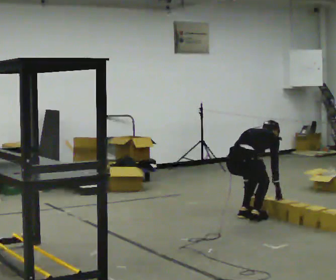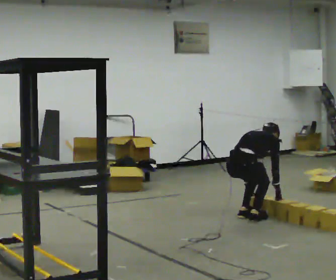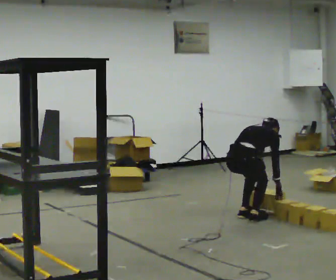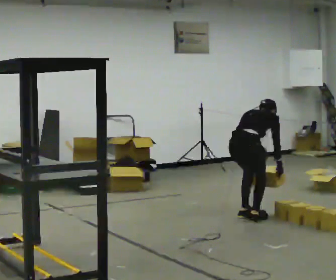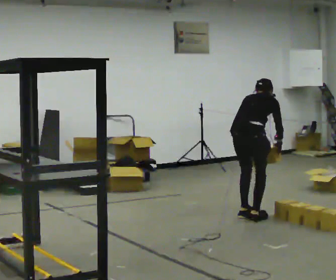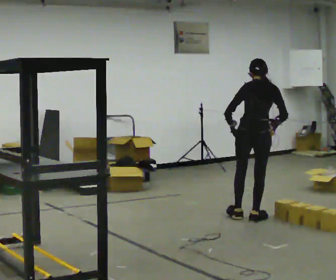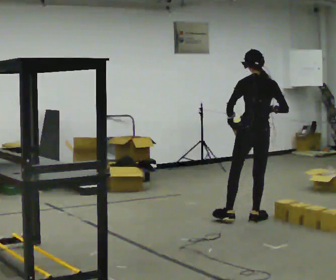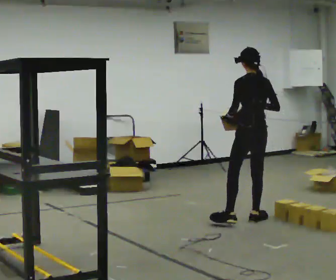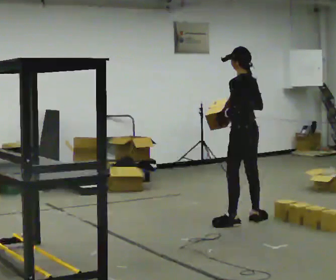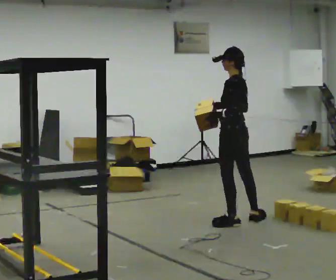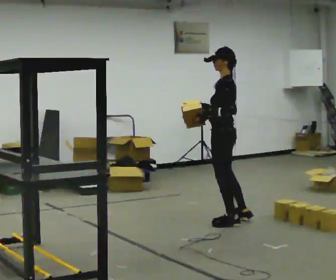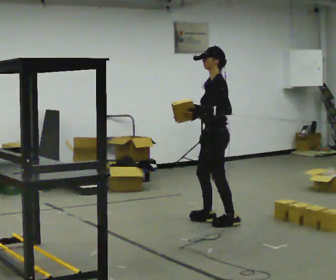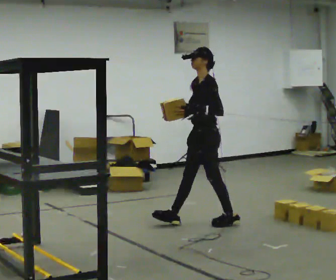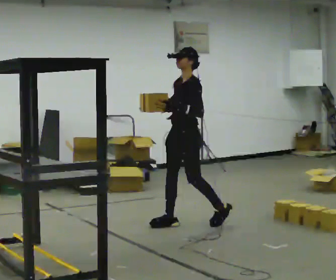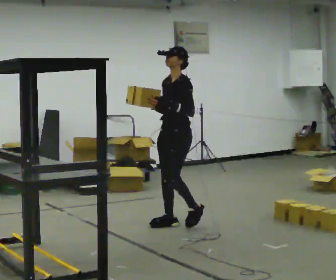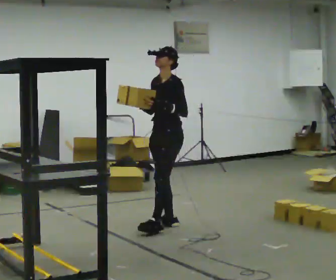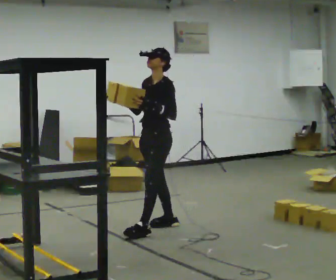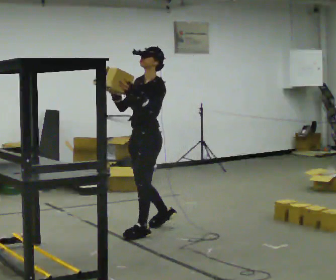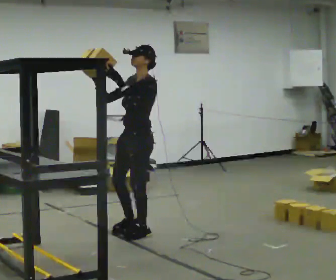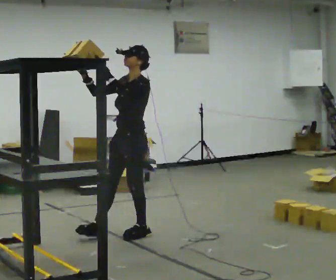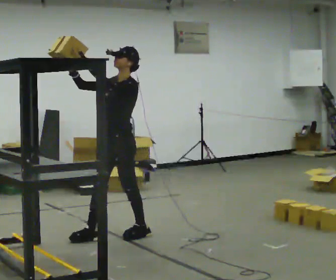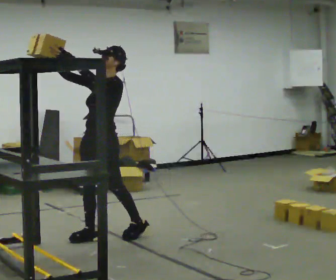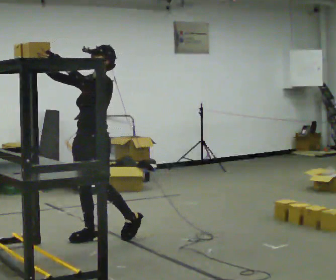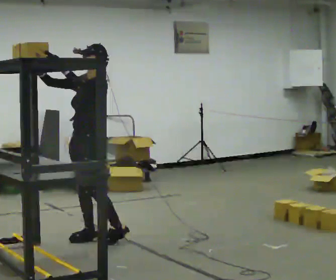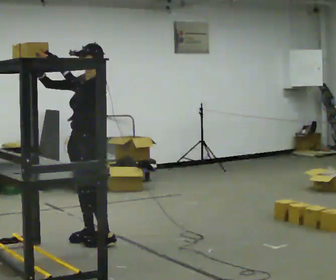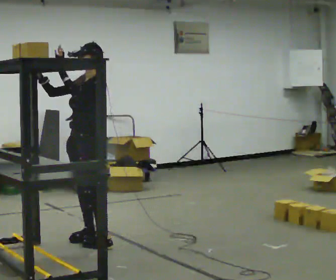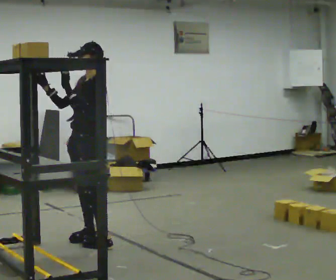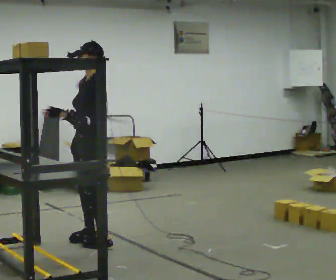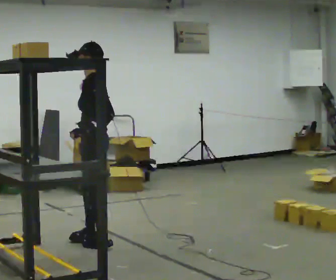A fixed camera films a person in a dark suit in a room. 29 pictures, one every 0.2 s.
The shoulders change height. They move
upward.
0.0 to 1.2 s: Seen from above the body turns counterclockwise, about 60 degrees: to their left, with its near side sliding to the right. The shoulders move upward. In the picture the upper body tilts counterclockwise, shoulders to the left, as they lean back or straighten. In the picture their right hand goes upward.
1.2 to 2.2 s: The part of the body nearest the lens slides to the right as the person turns to their left by about 75 degrees. In the picture they go to the left, about 0.5 m in 1 step.
2.2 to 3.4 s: The person turns about 30 degrees to their left, counterclockwise seen from above, so the part of the body nearest the lens slides to the right. In the picture they go to the left and toward the camera, about 0.75 m in 2 steps, which for them is forward.
3.4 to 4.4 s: In the picture they go to the left and toward the camera, about 0.5 m in 1 step, which for them is forward.
4.4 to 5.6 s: The part of the body nearest the lens slides to the left as the person turns to their right by about 60 degrees. In the picture they go toward the camera, about 0.25 m in 1 step, which for them is to their left. In the picture their right hand goes downward and to the right, the arm swinging counterclockwise.
The film runs forward here.
